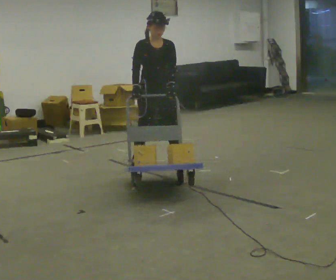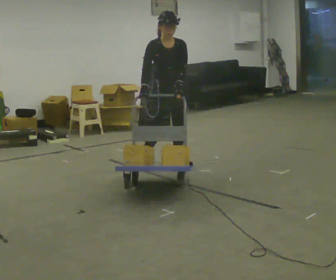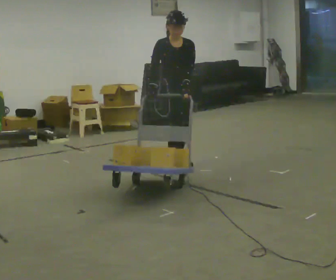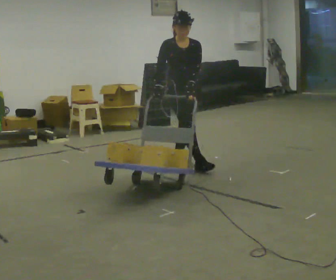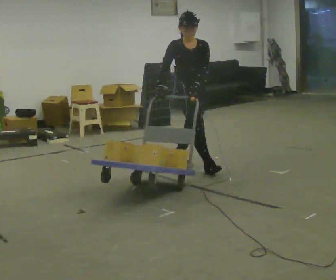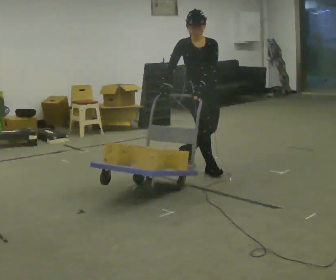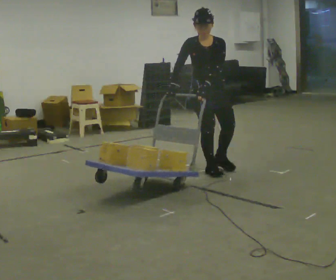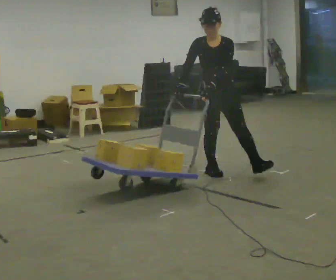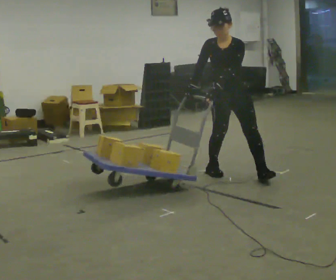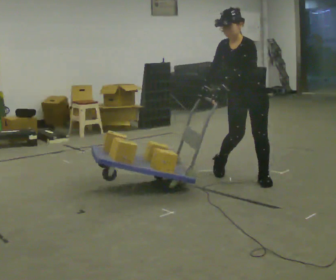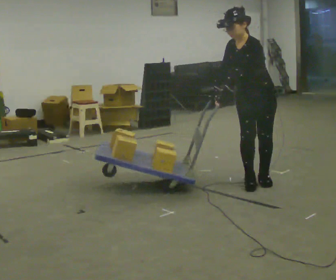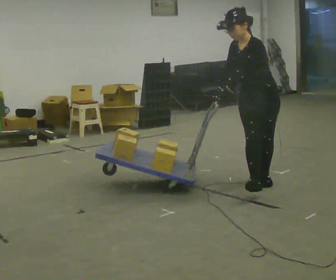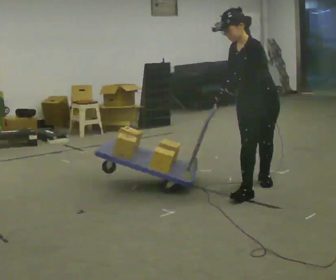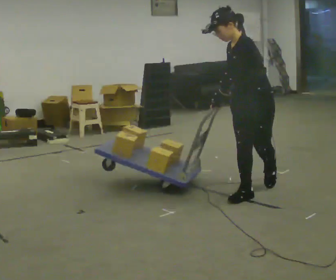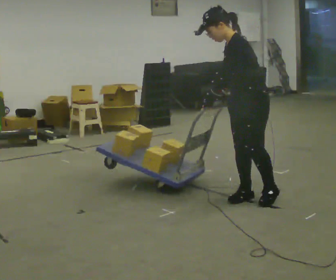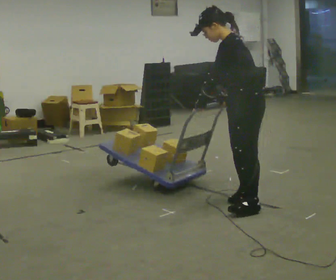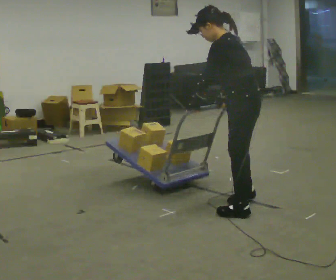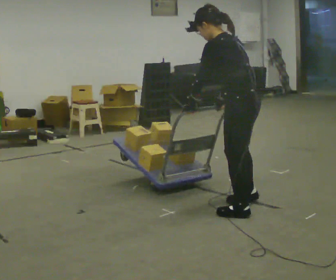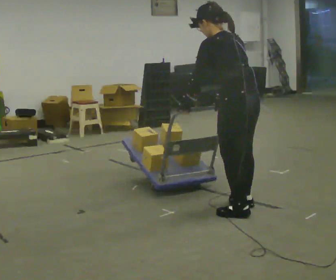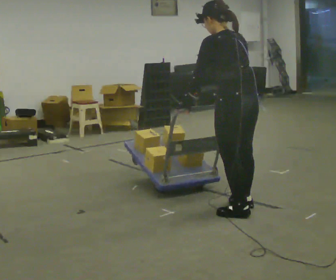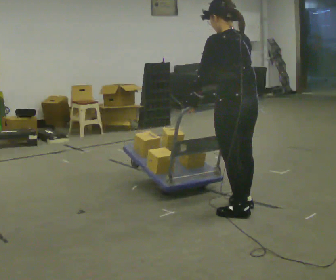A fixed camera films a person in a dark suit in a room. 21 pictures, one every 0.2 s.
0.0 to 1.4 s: In the picture they go to the right and toward the camera, about 0.5 m in 1 step, which for them is forward and to their left.
1.4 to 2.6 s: The part of the body nearest the lens slides to the left as the person turns to their right by about 60 degrees. In the picture they go toward the camera and to the right, about 0.5 m in 2 steps.
2.6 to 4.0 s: The person turns about 90 degrees to their right, clockwise seen from above, so the part of the body nearest the lens slides to the left. In the picture they go toward the camera, about 0.5 m in 2 steps.
The film runs forward here.
